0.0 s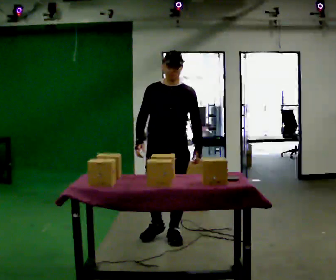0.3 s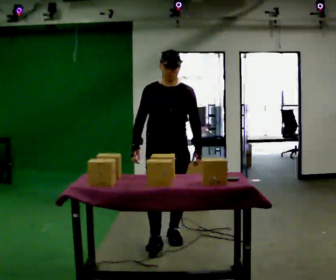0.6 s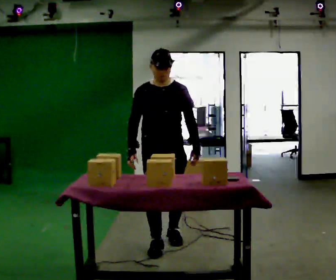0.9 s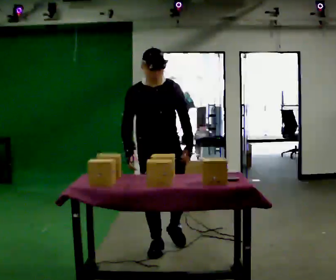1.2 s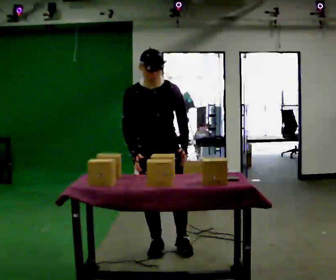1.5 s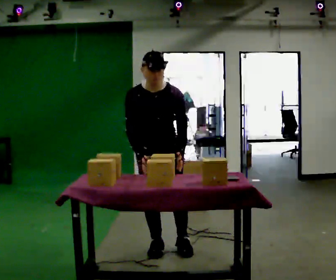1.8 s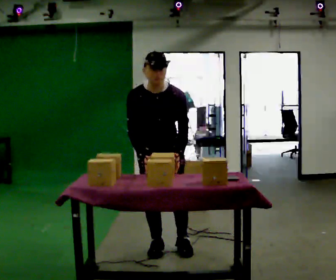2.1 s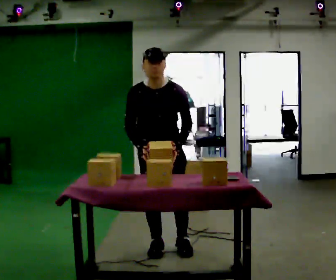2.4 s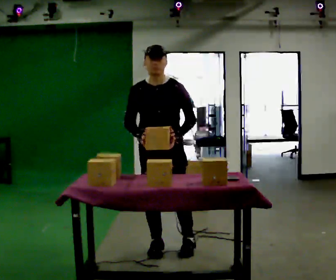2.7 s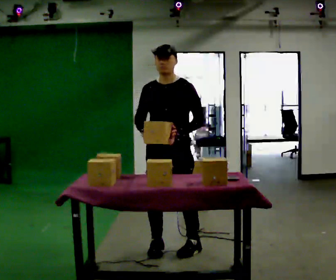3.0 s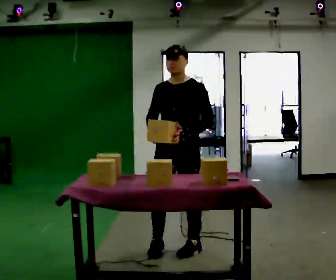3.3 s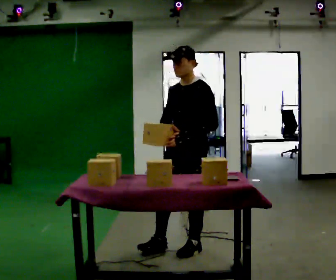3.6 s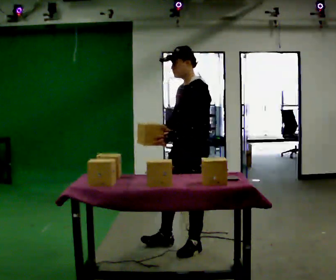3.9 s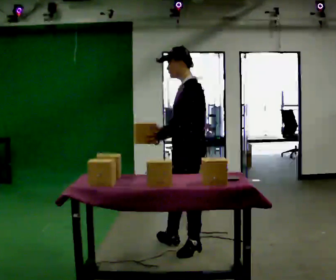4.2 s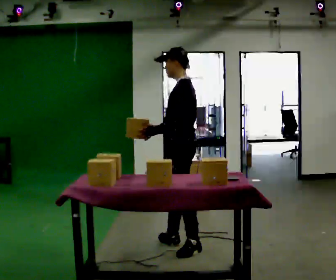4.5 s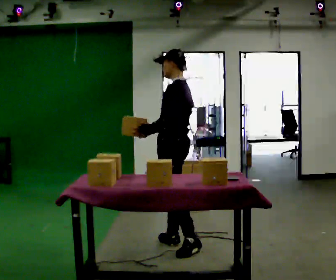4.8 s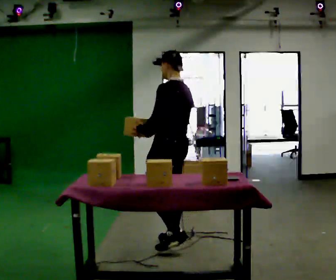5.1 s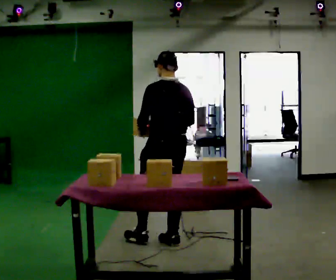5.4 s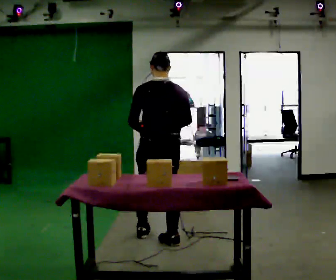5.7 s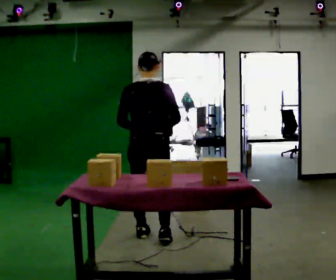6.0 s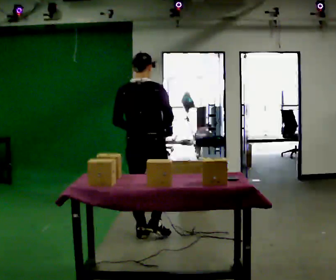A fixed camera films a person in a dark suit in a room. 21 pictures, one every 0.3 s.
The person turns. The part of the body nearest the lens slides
to the left.
The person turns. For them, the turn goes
to their right.
0.0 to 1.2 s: In the picture they go toward the camera, about 0.25 m in 2 steps, which for them is forward and to their right. The upper body tips toward the camera, its near side rolling downward, as they bend forward.
1.2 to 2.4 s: The person moves a little, or ends about where they began.
2.4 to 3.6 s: Seen from above the body turns clockwise, about 60 degrees: to their right, with its near side sliding to the left. In the picture they go to the right, about 0.25 m, which for them is to their left.
3.6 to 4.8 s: The person turns about 45 degrees to their right, clockwise seen from above, so the part of the body nearest the lens slides to the left. In the picture they go away from the camera and to the left, about 0.25 m, which for them is to their right and forward.
4.8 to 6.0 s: The person turns about 75 degrees to their right, clockwise seen from above, so the part of the body nearest the lens slides to the left. In the picture they go to the left and away from the camera, about 0.25 m in 1 step.
The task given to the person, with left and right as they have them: 1. Clear everything off the table and put it away on the shelves. 2. Then set the table back up the way the operator shows you in the photo. 3. Tell the operator when you are finished.
The film runs forward here.
